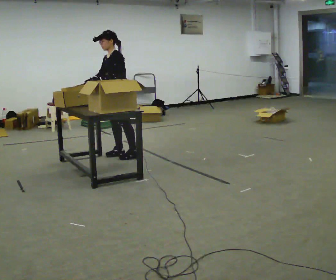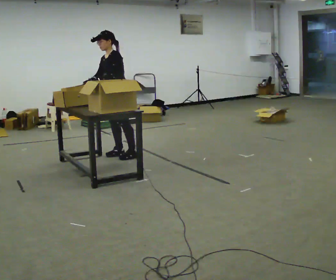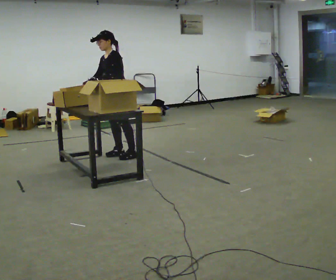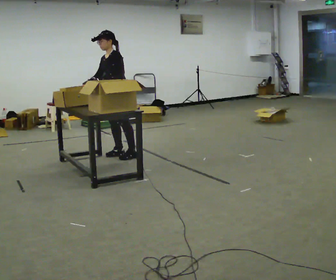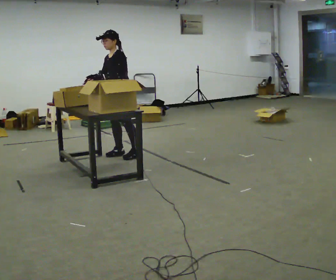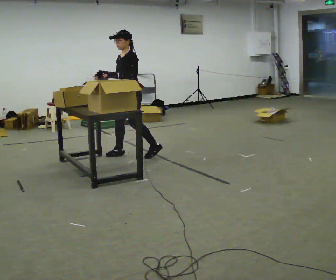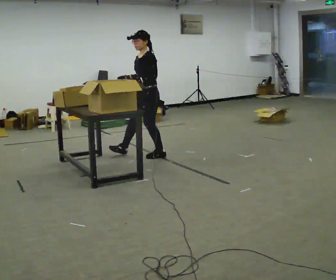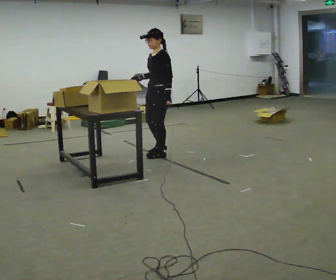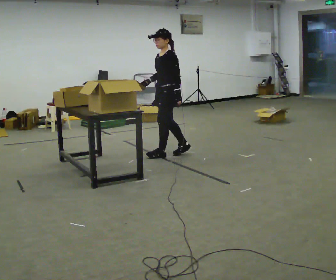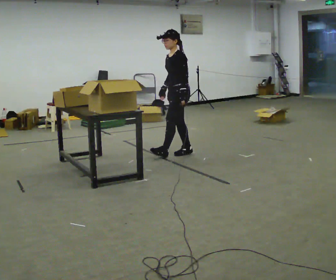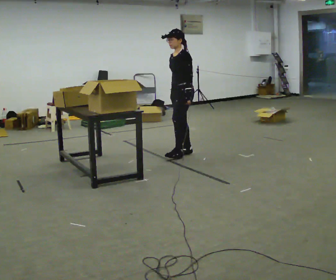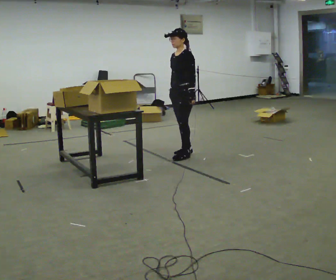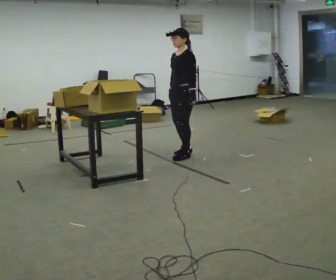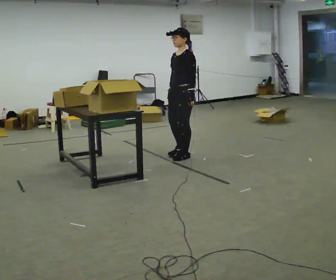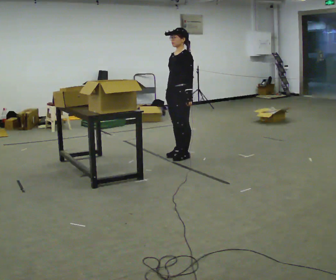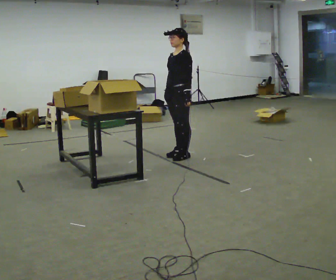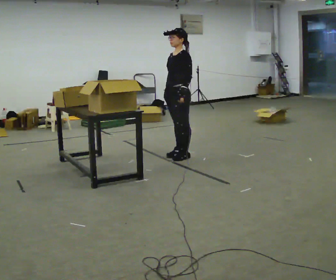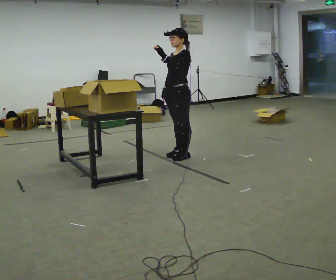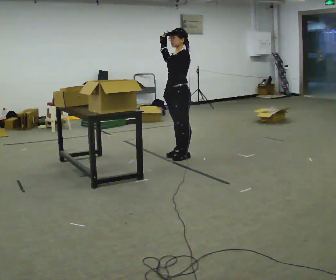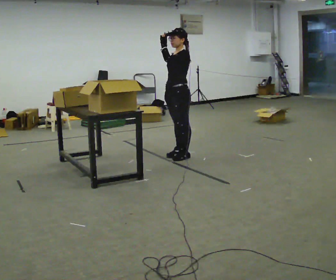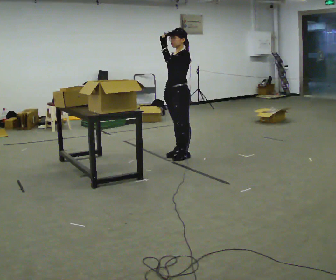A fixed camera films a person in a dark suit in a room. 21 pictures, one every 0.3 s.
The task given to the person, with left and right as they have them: Move the items from one container to the other one at a time, then move them back. Repeat at your own pace until the operator says stop. Keep both feet on the marked spots for the whole take. If you have to step, stop and tell the operator.
0.0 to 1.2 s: The person moves a little, or ends about where they began.
1.2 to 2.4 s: In the picture they go to the right, about 0.5 m in 1 step, which for them is backward and to their left.
2.4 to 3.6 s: In the picture they go to the right, about 0.25 m in 2 steps, which for them is backward. In the picture their right hand goes to the right.
3.6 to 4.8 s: The person moves a little, or ends about where they began.
4.8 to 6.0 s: In the picture their left hand goes upward.
The film runs forward here.
